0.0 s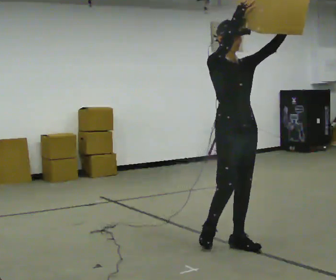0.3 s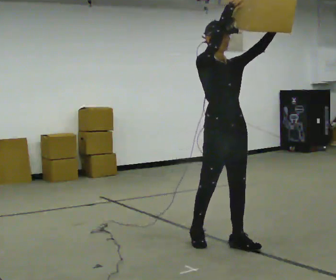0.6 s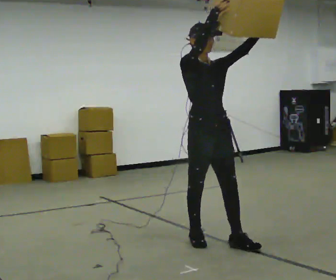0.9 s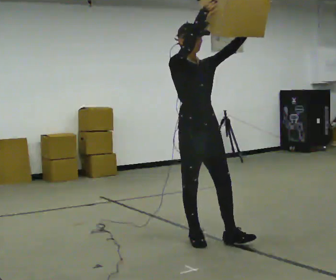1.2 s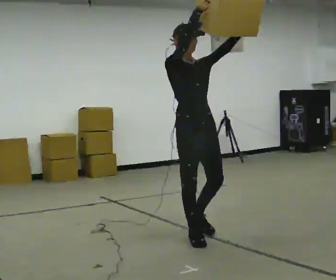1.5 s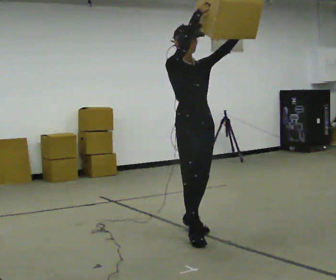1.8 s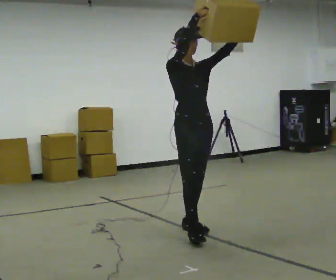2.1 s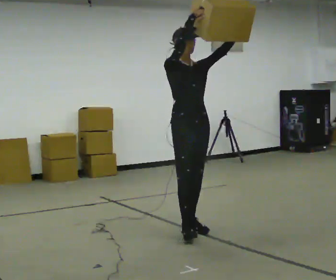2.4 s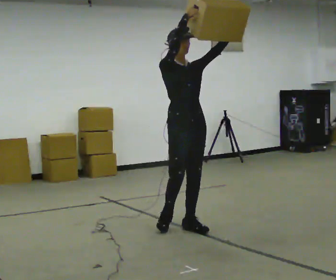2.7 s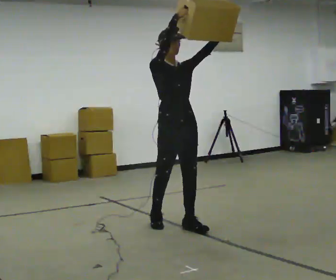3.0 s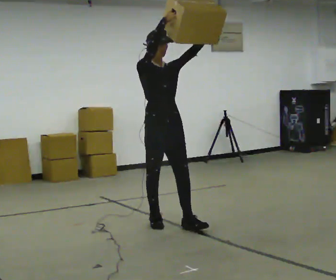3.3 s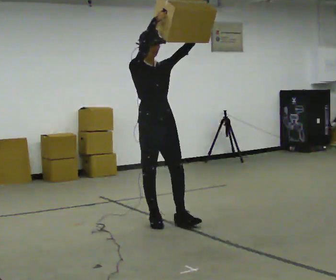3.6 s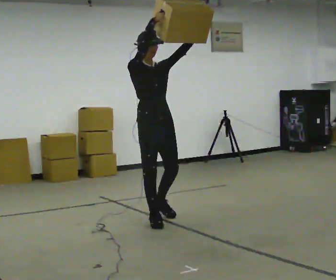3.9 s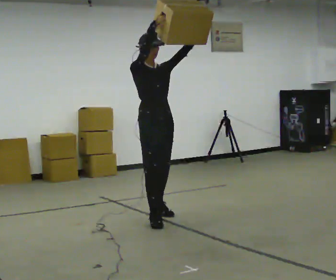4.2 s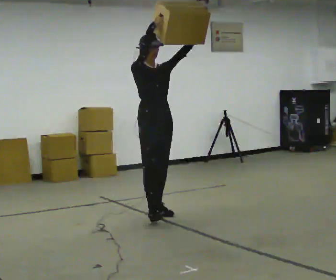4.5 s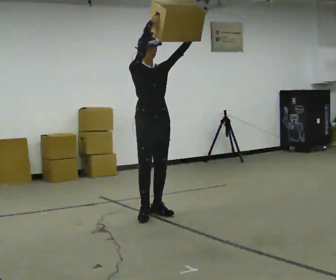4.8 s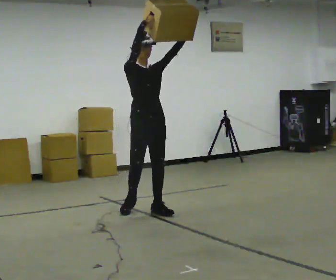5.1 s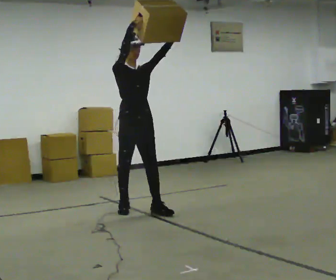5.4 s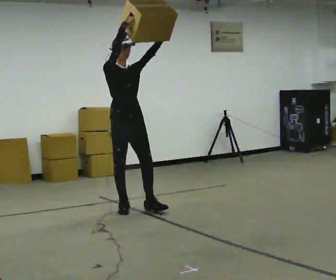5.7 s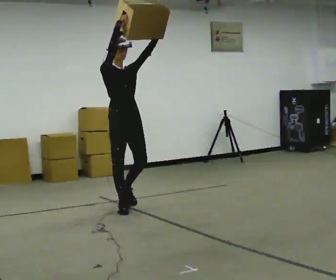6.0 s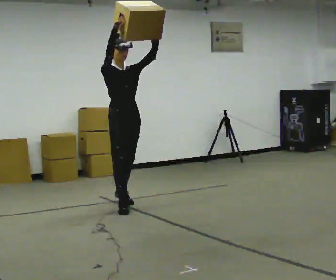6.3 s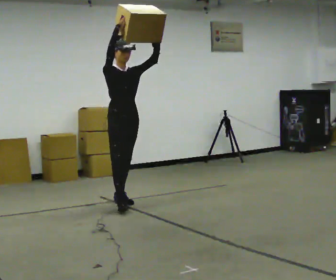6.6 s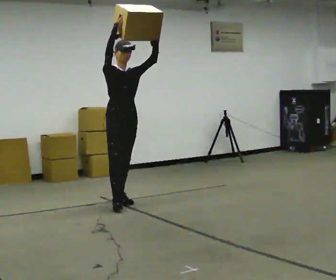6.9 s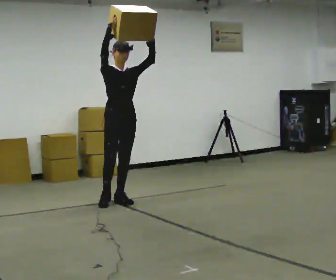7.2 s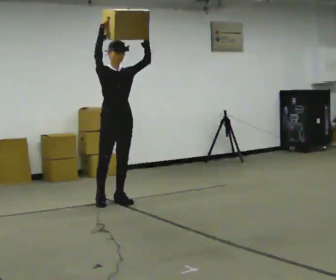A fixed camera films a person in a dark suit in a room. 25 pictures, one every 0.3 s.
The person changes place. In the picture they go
away from the camera.
0.0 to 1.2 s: In the picture they go to the left and away from the camera, about 0.5 m in 1 step, which for them is backward and to their right.
1.2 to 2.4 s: In the picture they go away from the camera, about 0.25 m in 1 step, which for them is backward and to their left.
2.4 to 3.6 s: In the picture they go to the left and away from the camera, about 0.25 m in 1 step, which for them is backward and to their right.
3.6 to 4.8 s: In the picture they go away from the camera, about 0.5 m in 1 step, which for them is backward.
4.8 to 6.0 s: In the picture they go away from the camera and to the left, about 0.25 m in 1 step, which for them is backward.
6.0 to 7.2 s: In the picture they go away from the camera, about 0.25 m in 1 step, which for them is backward.
The film runs backward here.
